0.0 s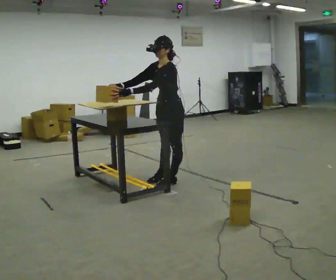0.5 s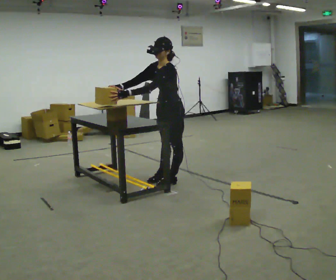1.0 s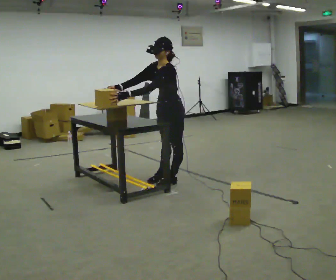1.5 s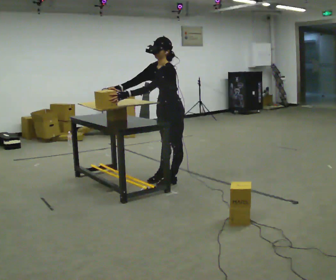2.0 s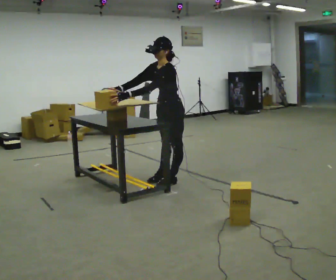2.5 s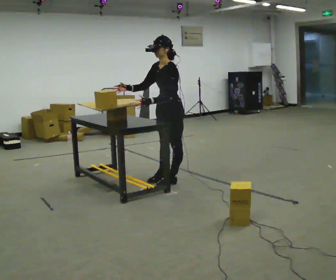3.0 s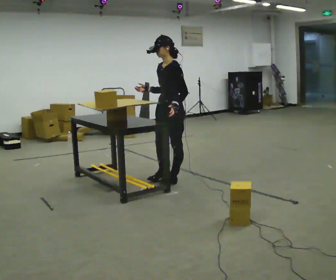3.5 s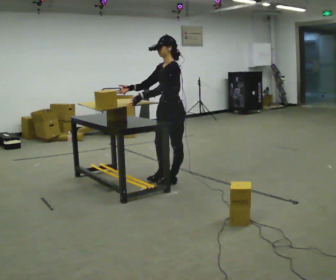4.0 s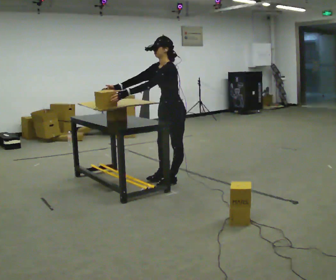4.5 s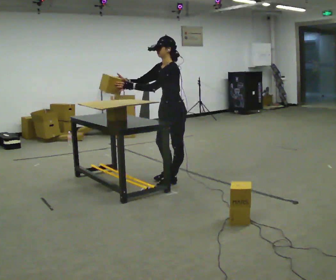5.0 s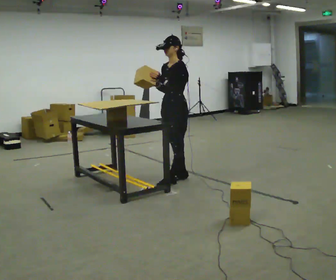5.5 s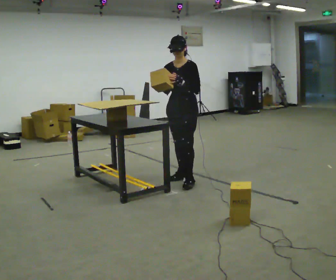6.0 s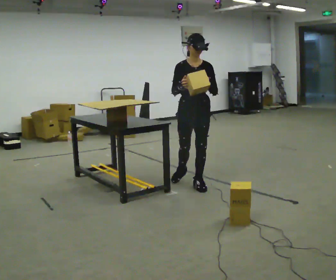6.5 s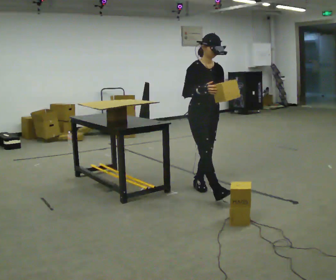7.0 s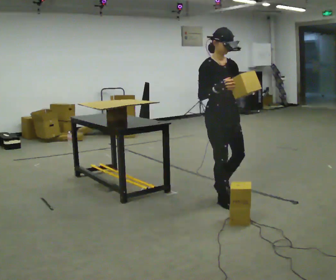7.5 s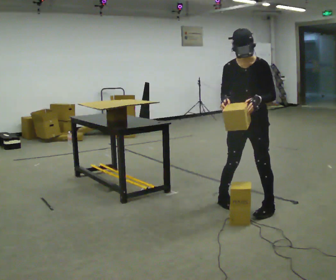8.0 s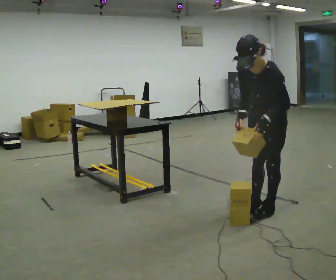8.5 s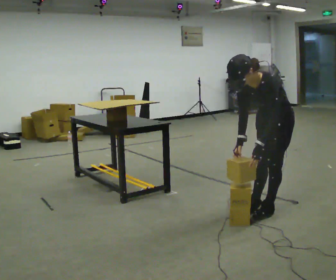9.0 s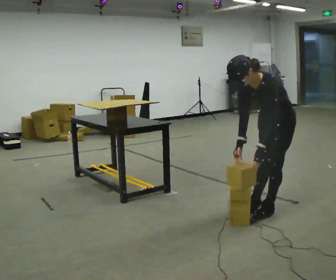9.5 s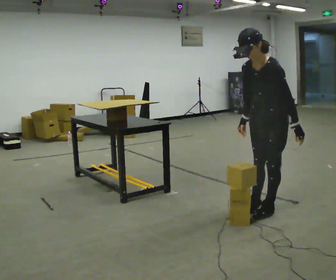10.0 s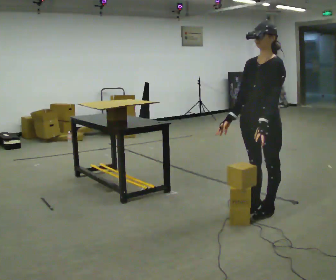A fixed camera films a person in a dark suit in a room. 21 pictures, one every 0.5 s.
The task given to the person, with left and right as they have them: Carry the object over and set it down on the wobbly board without tipping it over. Keep going until the operator says stop; one object at a time, and do not rush between trips.
0.0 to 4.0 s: The person moves a little, or ends about where they began.
4.0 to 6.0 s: The part of the body nearest the lens slides to the right as the person turns to their left by about 75 degrees. In the picture they go to the right, about 0.25 m in 2 steps.
6.0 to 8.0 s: The person turns about 60 degrees to their right, clockwise seen from above, so the part of the body nearest the lens slides to the left. In the picture they go toward the camera and to the right, about 1 m in 3 steps. In the picture the upper body tilts counterclockwise, shoulders to the left, as they bend forward.
8.0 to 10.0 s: The person moves a little, or ends about where they began.
The film runs forward here.
